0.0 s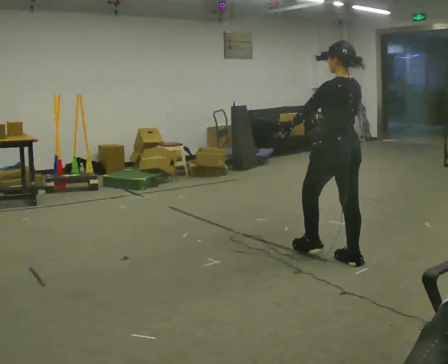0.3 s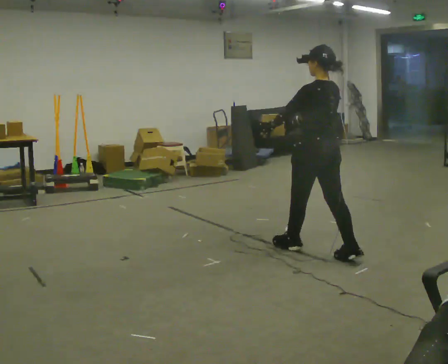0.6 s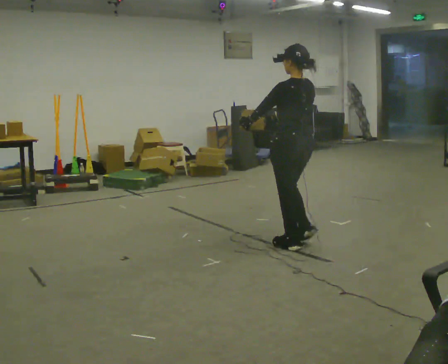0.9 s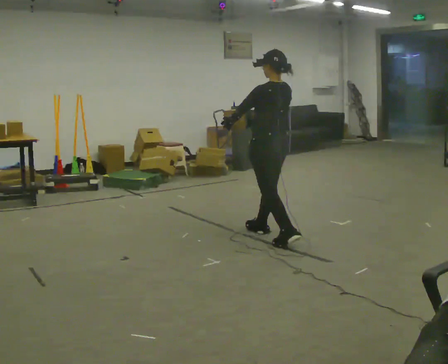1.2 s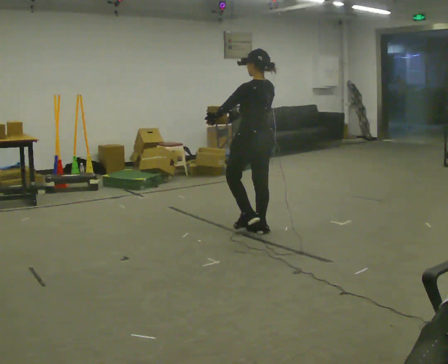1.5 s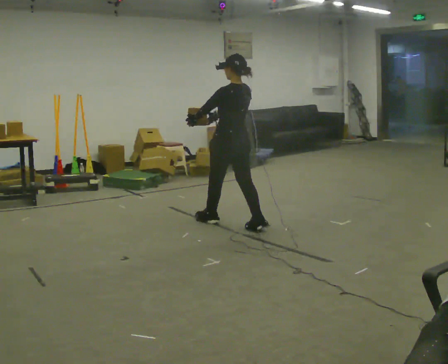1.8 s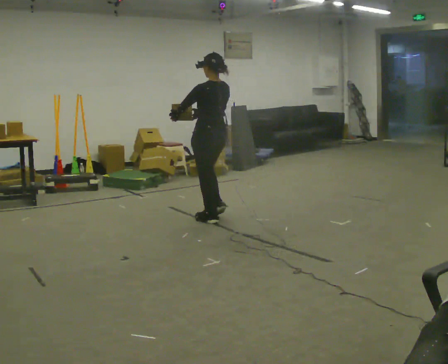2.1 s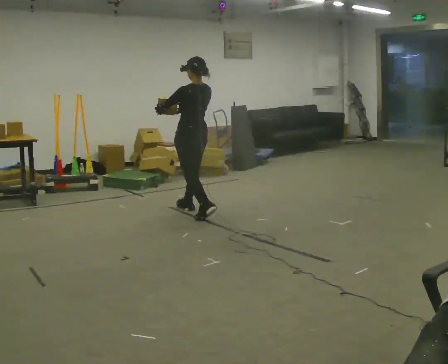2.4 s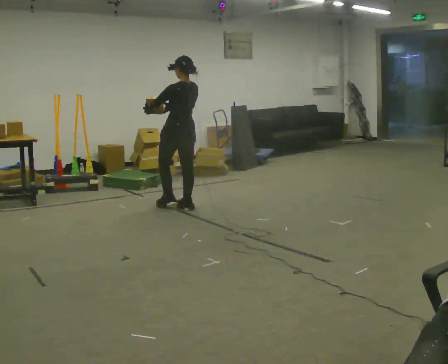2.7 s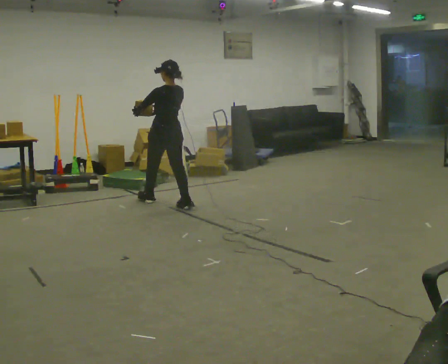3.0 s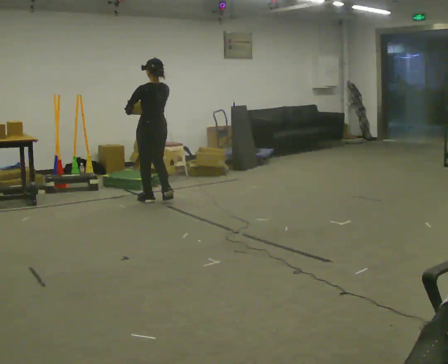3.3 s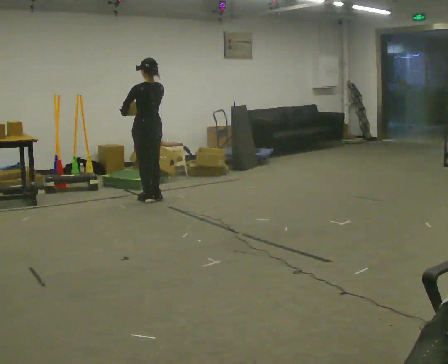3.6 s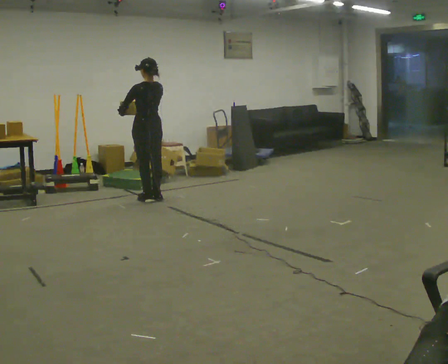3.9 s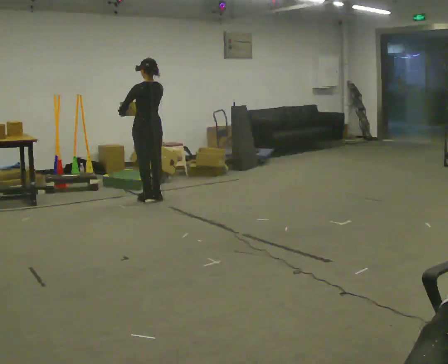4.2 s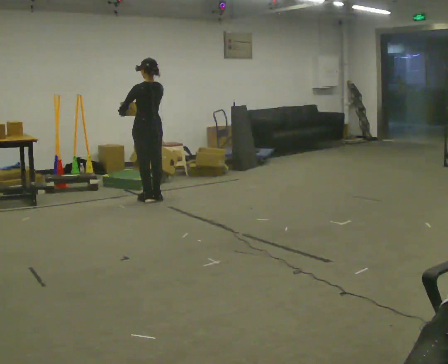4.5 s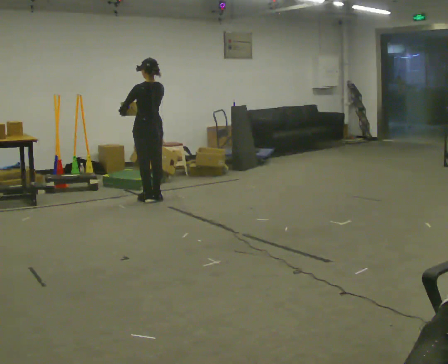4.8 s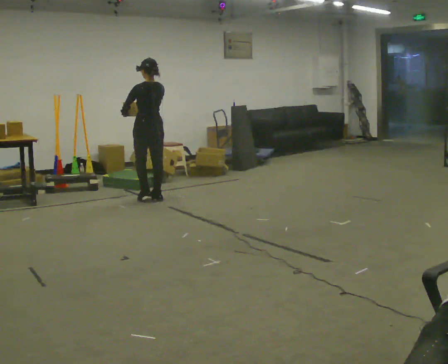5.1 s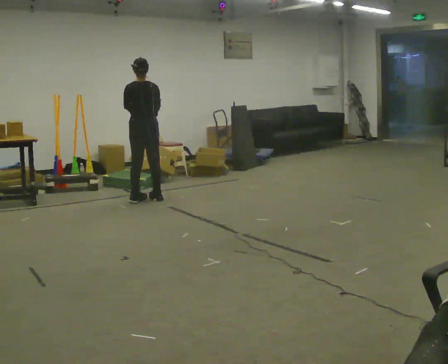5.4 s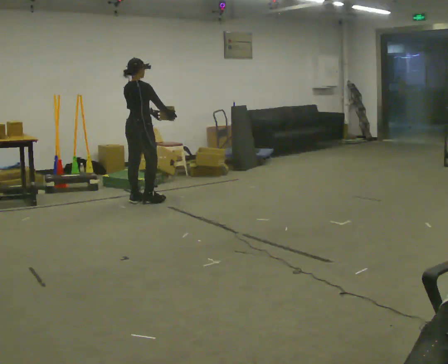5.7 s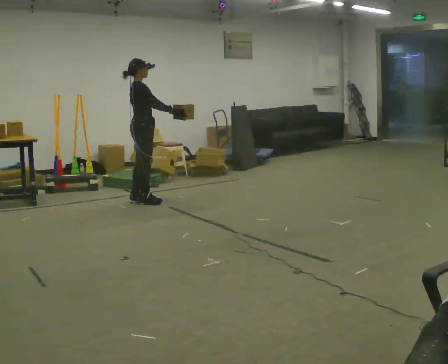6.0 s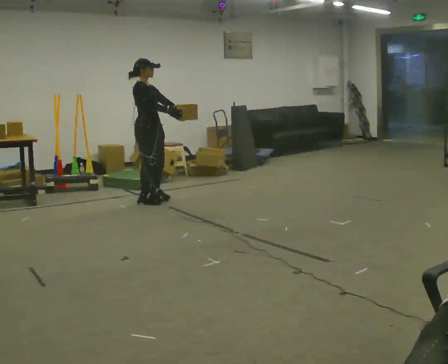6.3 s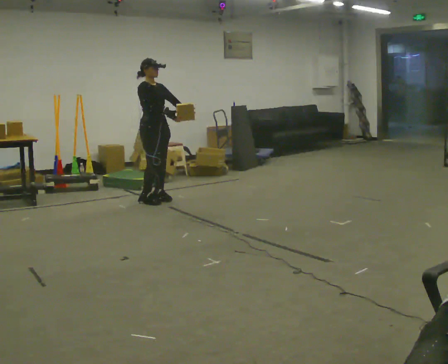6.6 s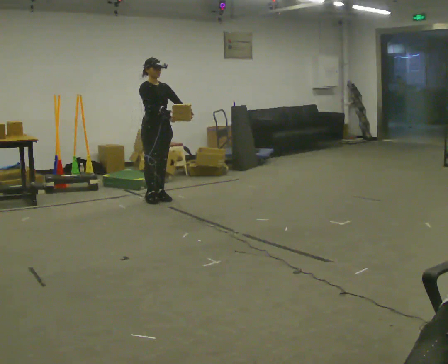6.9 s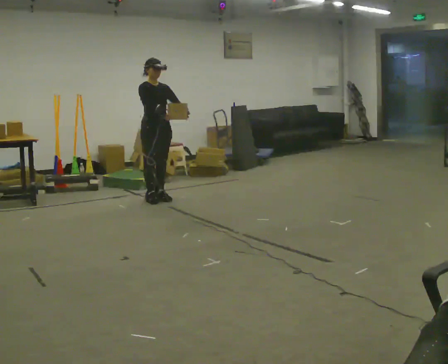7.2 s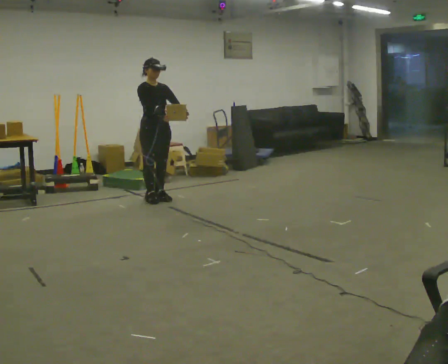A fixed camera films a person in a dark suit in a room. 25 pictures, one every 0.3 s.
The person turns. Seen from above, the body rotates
clockwise.
The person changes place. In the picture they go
away from the camera.
0.0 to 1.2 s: In the picture they go away from the camera and to the left, about 1 m in 2 steps, which for them is forward.
1.2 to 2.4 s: In the picture they go away from the camera and to the left, about 1 m in 2 steps, which for them is forward.
2.4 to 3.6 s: In the picture they go away from the camera and to the left, about 0.5 m in 2 steps, which for them is forward.
3.6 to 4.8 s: The person moves a little, or ends about where they began.
4.8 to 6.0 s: The part of the body nearest the lens slides to the left as the person turns to their right by about 135 degrees.
6.0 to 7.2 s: Seen from above the body turns clockwise, about 30 degrees: to their right, with its near side sliding to the left.
The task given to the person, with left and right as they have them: Carry the light box in both hands in front of you, walking back and forth across the room. Keep walking until the operator says stop.
The film runs forward here.
